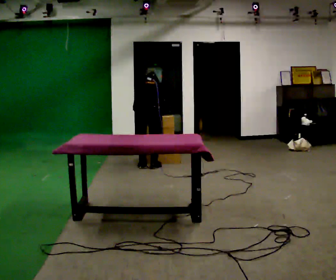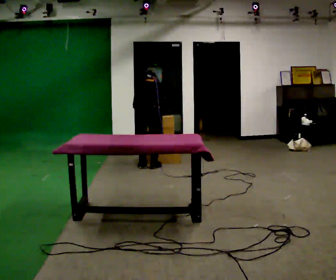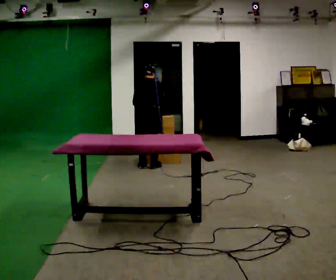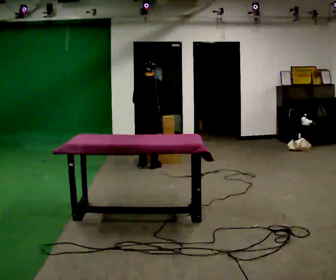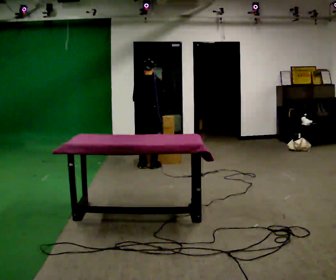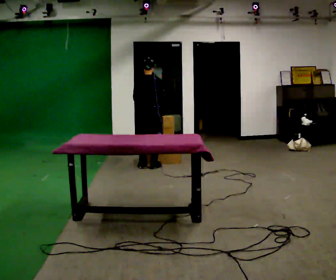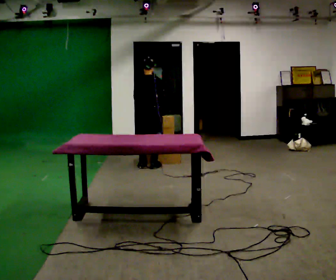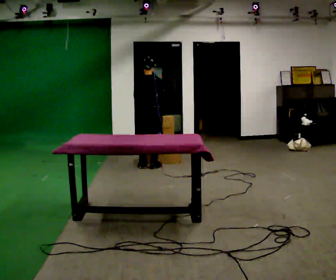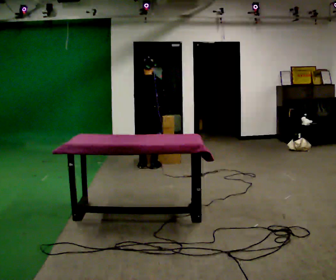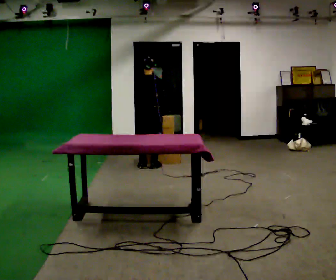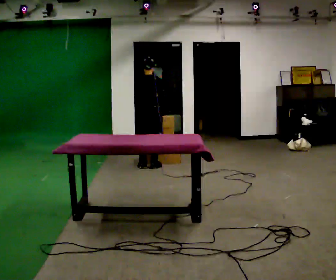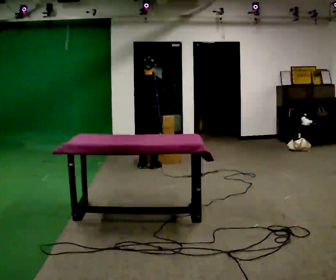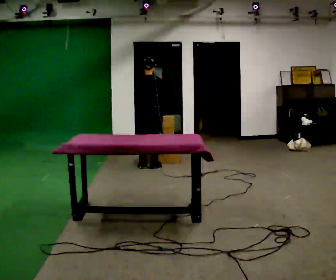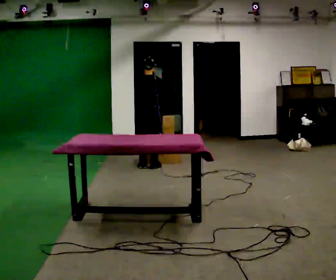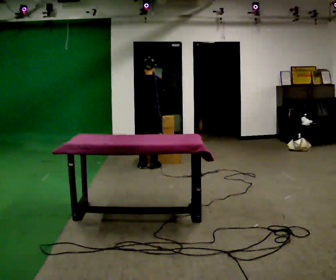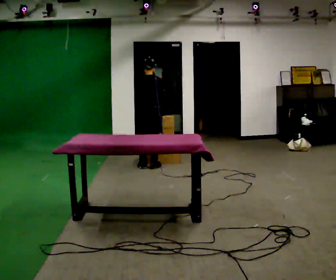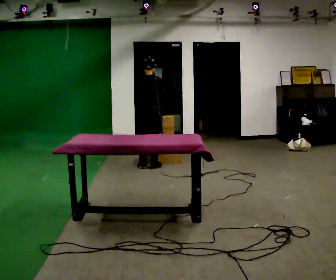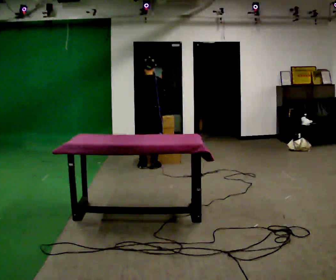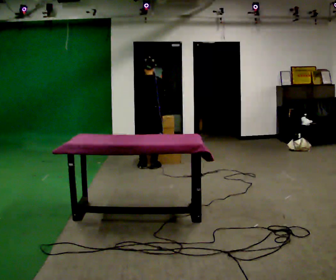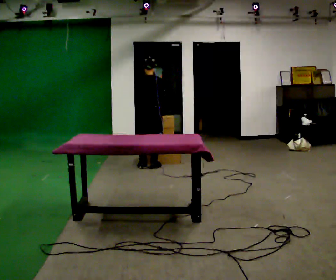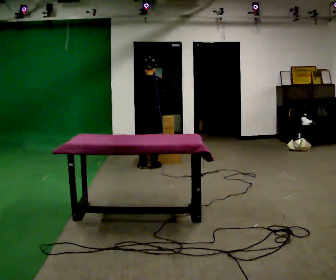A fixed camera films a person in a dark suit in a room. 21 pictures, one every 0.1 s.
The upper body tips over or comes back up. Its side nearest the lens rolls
downward.
0.0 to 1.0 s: The upper body goes upward. The upper body tips toward the camera, its near side rolling downward, as they lean back or straighten. In the picture their right hand goes upward.
1.0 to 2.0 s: The person keeps their place and pose.
The film runs backward here.
